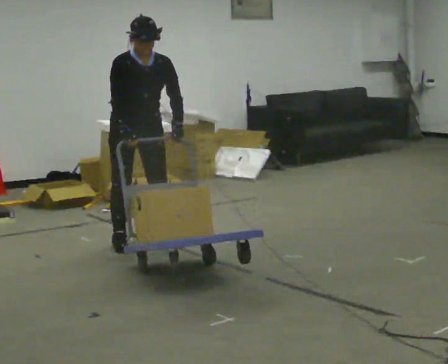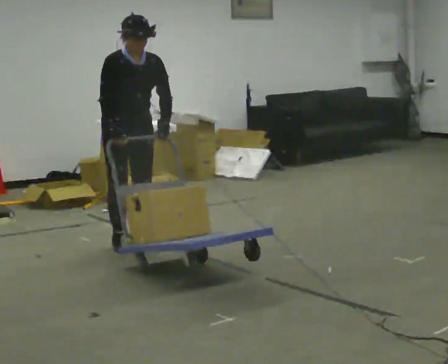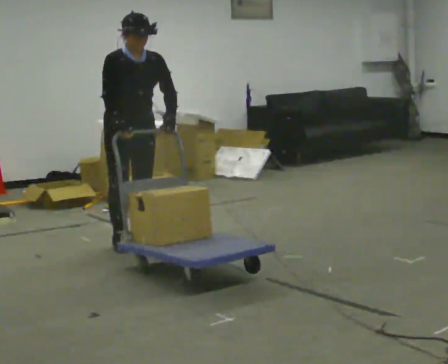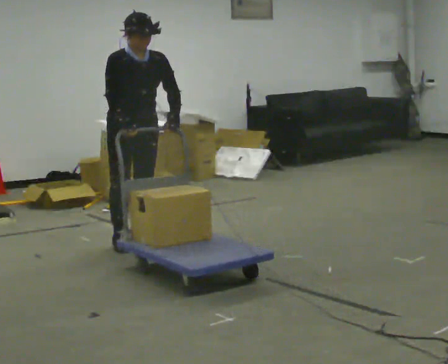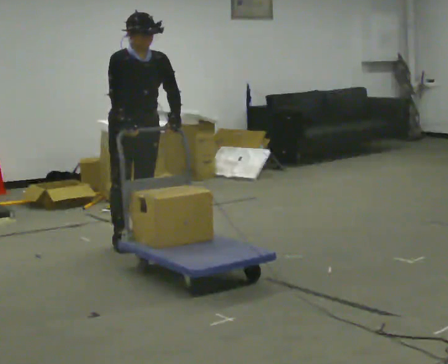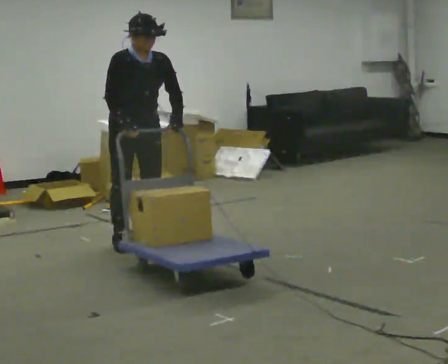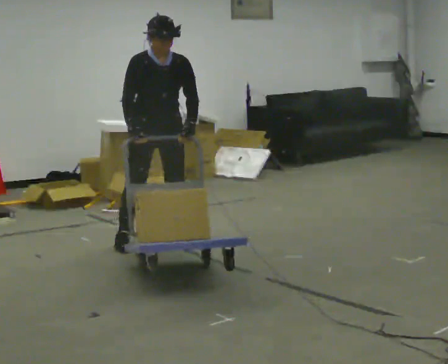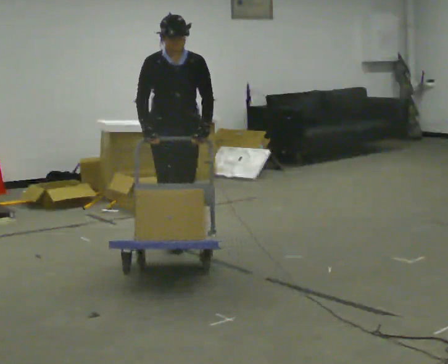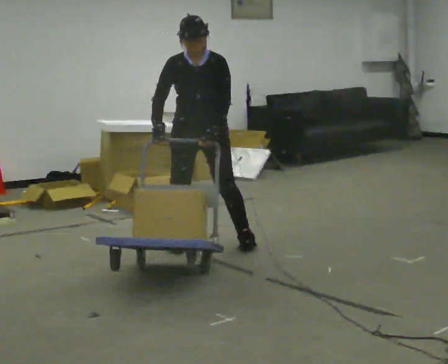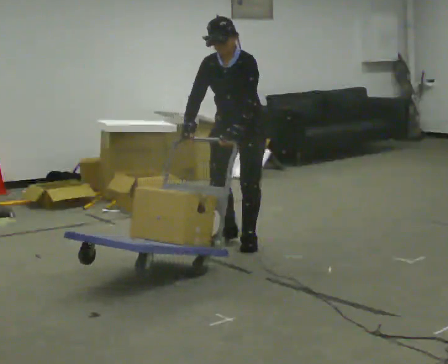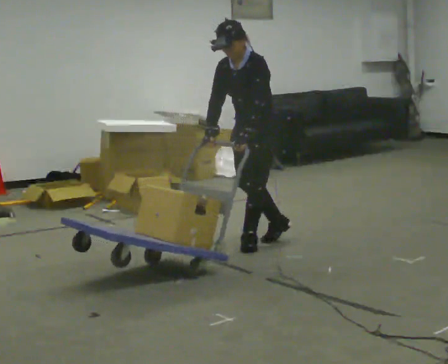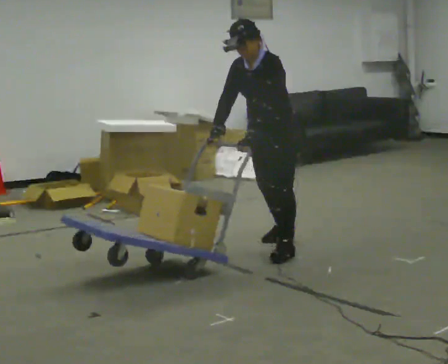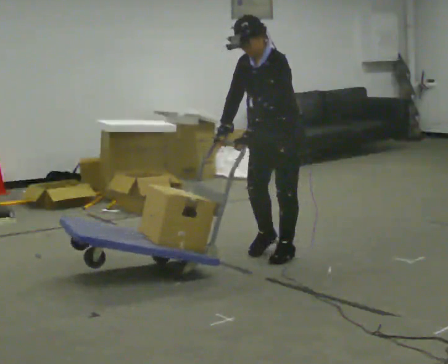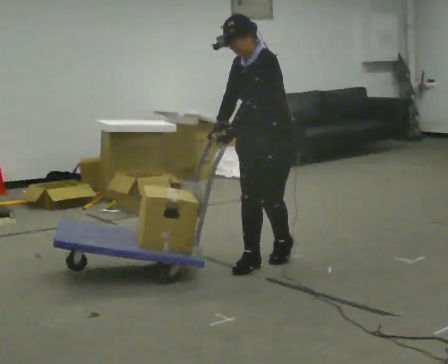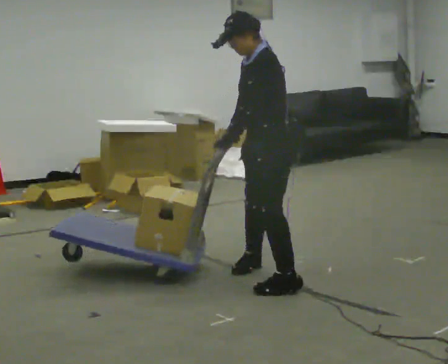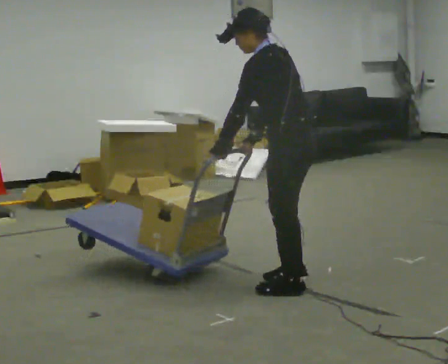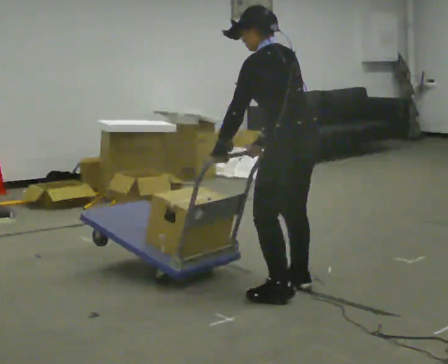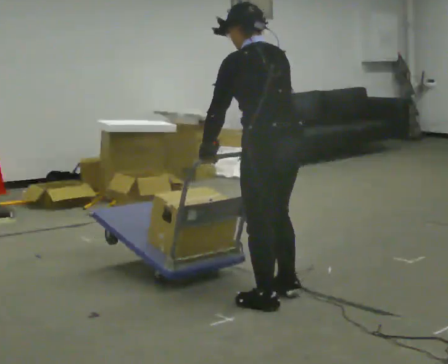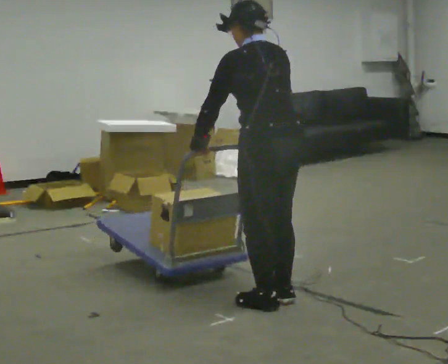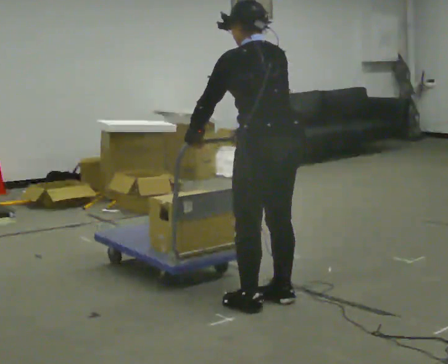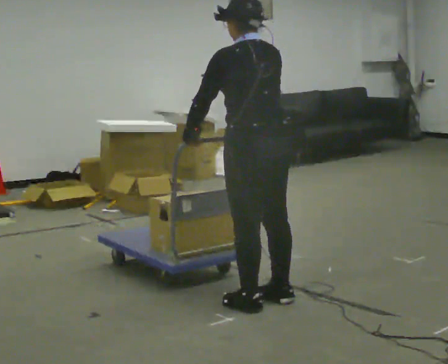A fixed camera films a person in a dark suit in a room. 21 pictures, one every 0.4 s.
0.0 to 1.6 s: The person moves a little, or ends about where they began.
1.6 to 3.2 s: The part of the body nearest the lens slides to the left as the person turns to their right by about 30 degrees. In the picture they go to the right, about 0.5 m in 2 steps, which for them is to their left.
3.2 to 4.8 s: The part of the body nearest the lens slides to the left as the person turns to their right by about 45 degrees. In the picture they go to the right and toward the camera, about 0.5 m in 3 steps, which for them is to their left and backward. In the picture the upper body tilts counterclockwise, shoulders to the left.
4.8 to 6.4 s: The person turns about 75 degrees to their right, clockwise seen from above, so the part of the body nearest the lens slides to the left. In the picture they go toward the camera, about 1 m in 3 steps. The upper body tips away from the camera, its near side rolling upward.
6.4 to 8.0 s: In the picture they go toward the camera and to the left, about 0.25 m in 2 steps, which for them is to their left.
The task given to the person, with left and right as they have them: Turn the cart round to face the other way without moving it out of the marked square, then turn it back. Repeat until the operator says stop.
The film runs forward here.
